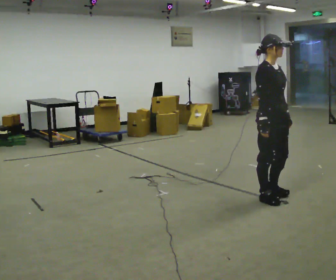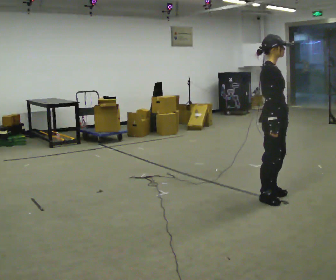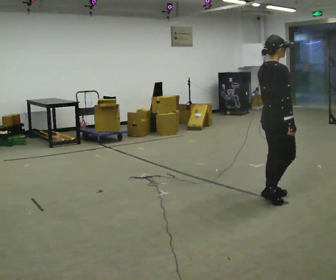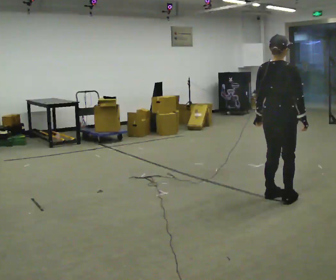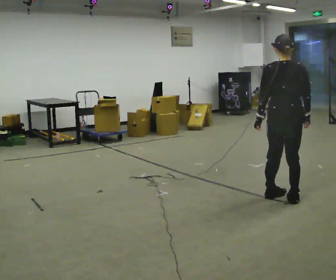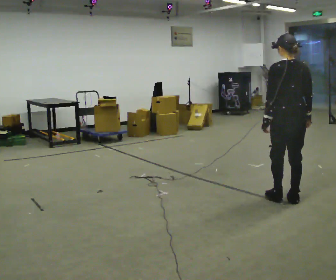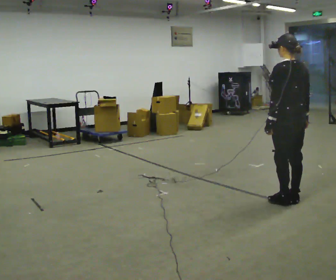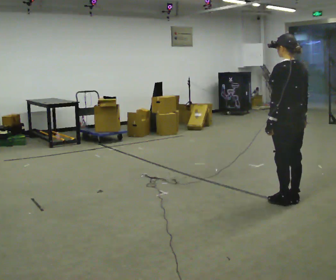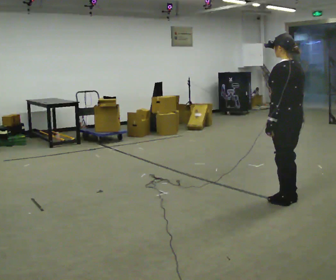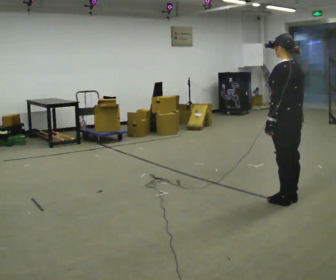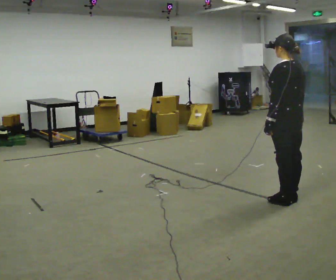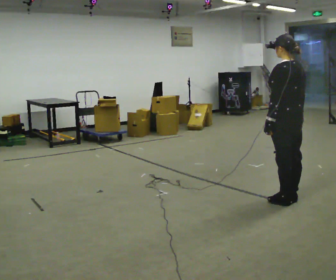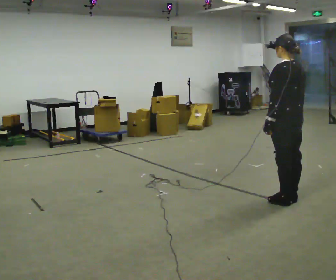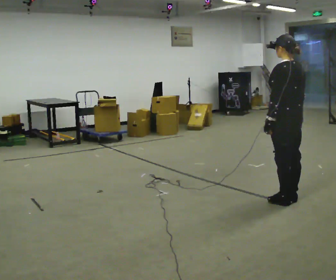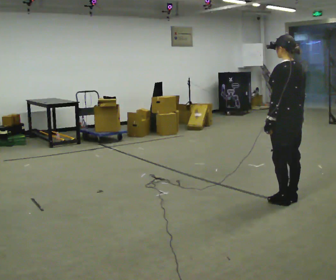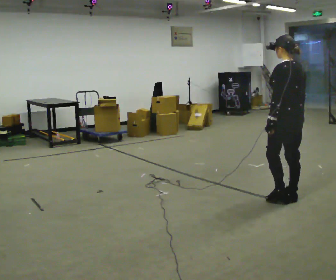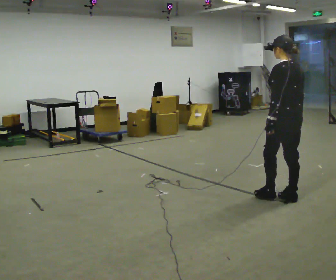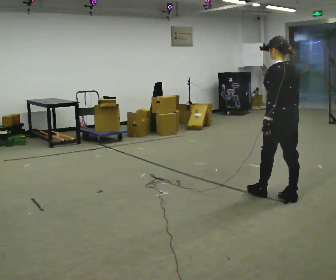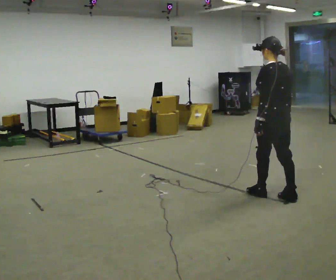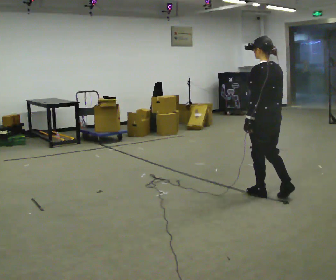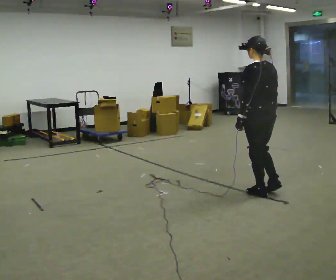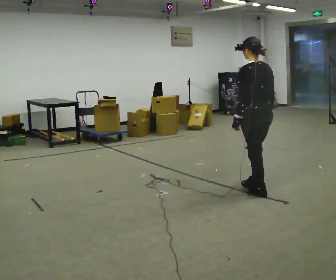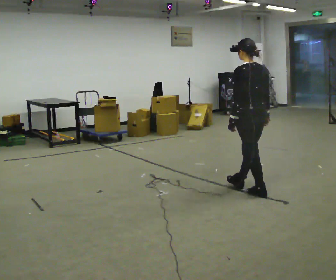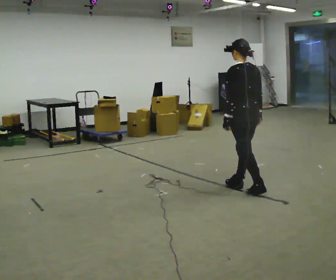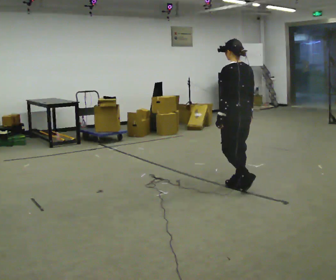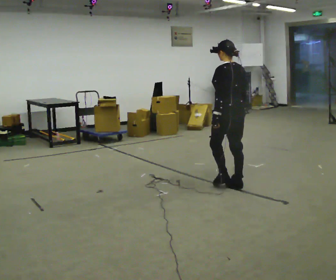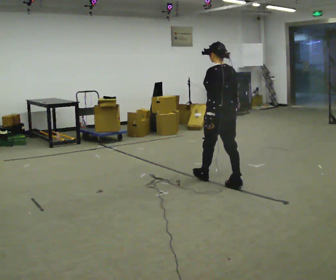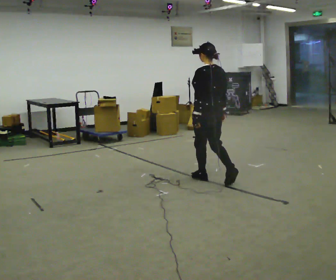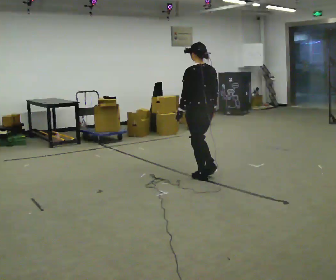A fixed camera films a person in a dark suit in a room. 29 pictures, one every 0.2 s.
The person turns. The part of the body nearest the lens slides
to the right.
The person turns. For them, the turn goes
to their left.
0.0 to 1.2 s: The part of the body nearest the lens slides to the right as the person turns to their left by about 150 degrees. In the picture they go to the right, about 0.25 m in 2 steps.
1.2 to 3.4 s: The person moves a little, or ends about where they began.
3.4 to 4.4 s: In the picture they go to the left and away from the camera, about 0.25 m in 1 step, which for them is forward.
4.4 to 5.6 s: In the picture they go to the left and away from the camera, about 1 m in 1 step, which for them is forward.
The film runs forward here.
